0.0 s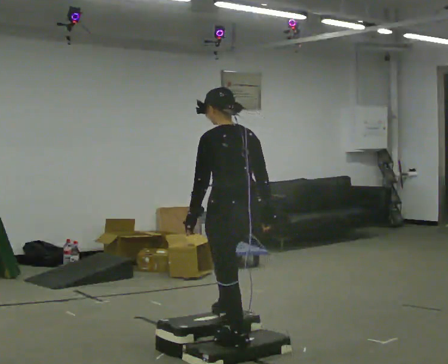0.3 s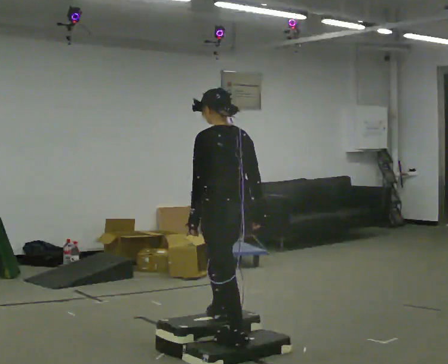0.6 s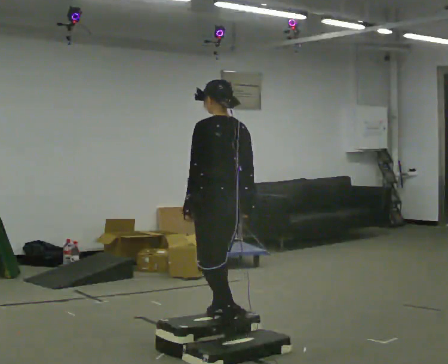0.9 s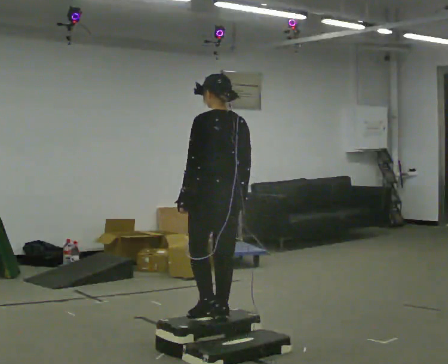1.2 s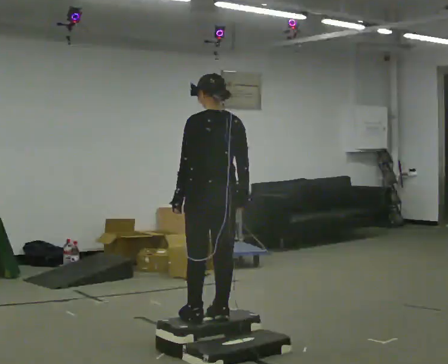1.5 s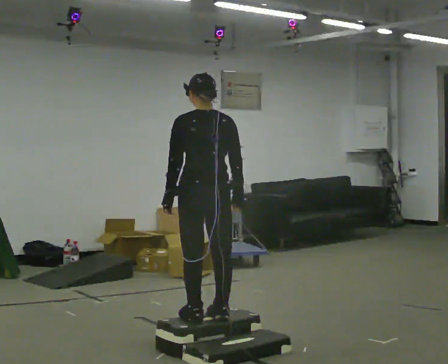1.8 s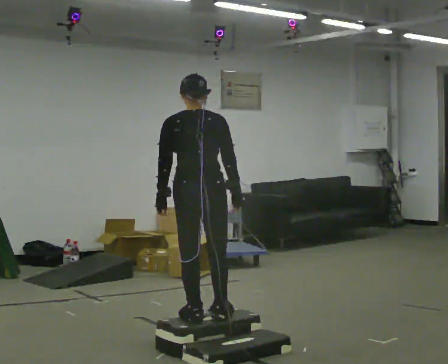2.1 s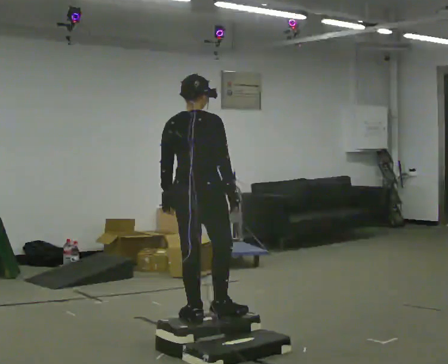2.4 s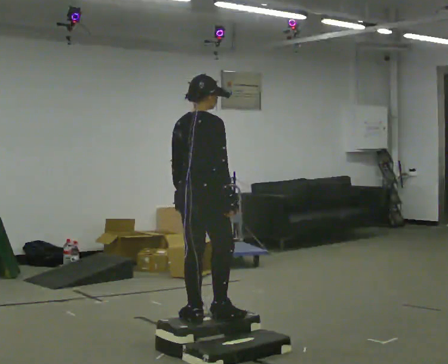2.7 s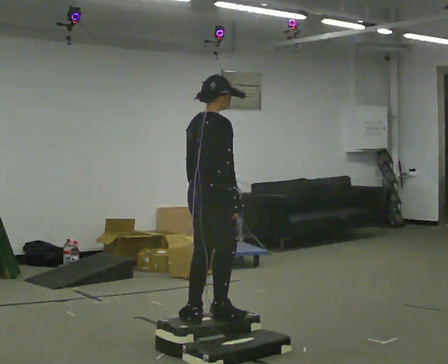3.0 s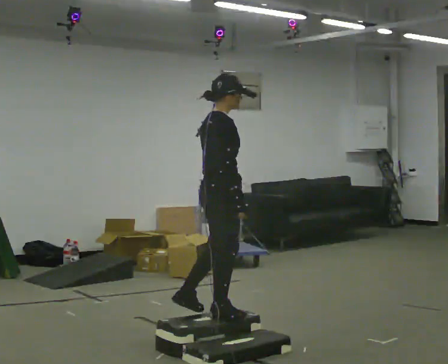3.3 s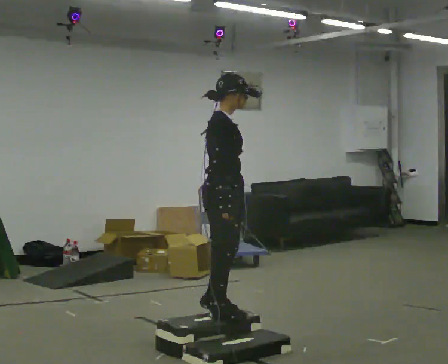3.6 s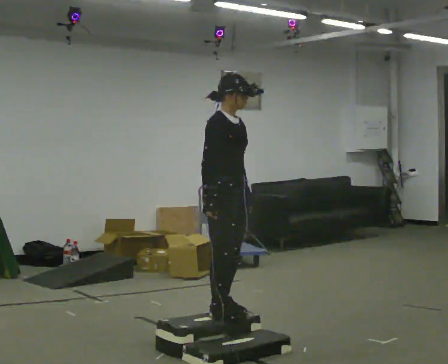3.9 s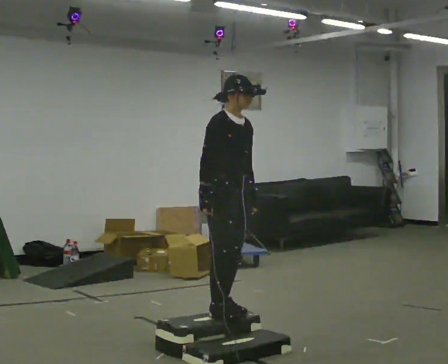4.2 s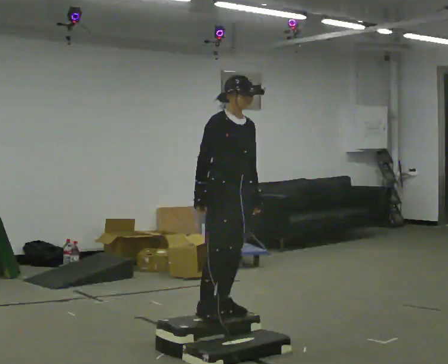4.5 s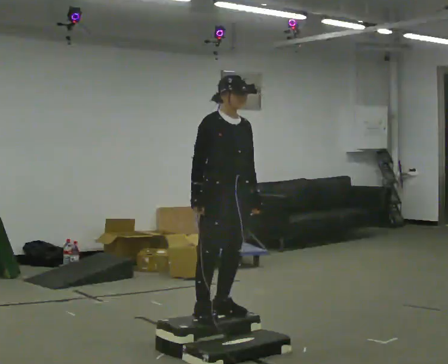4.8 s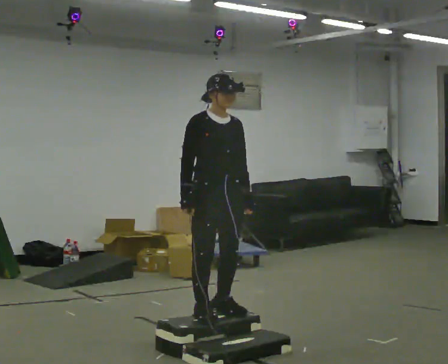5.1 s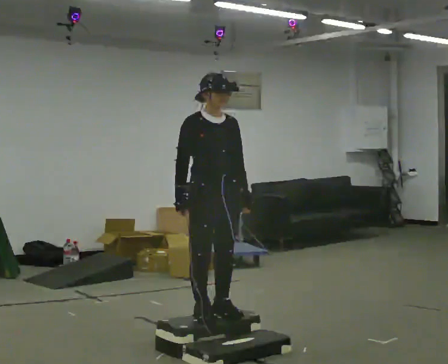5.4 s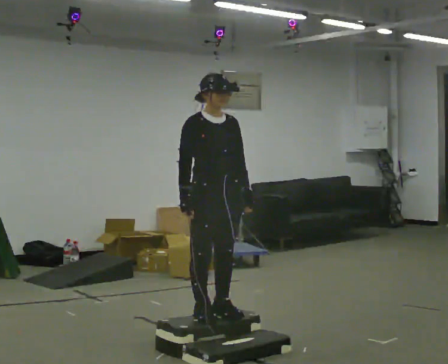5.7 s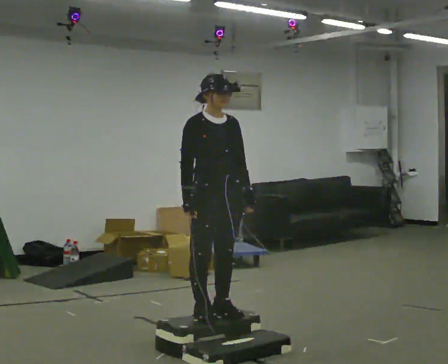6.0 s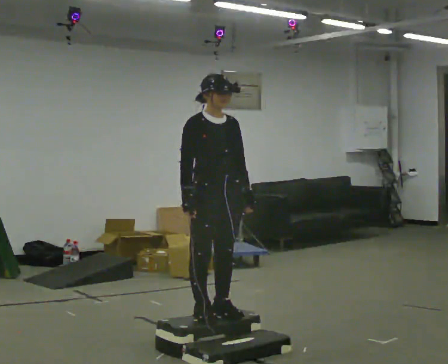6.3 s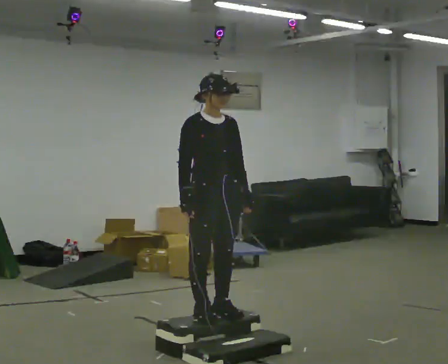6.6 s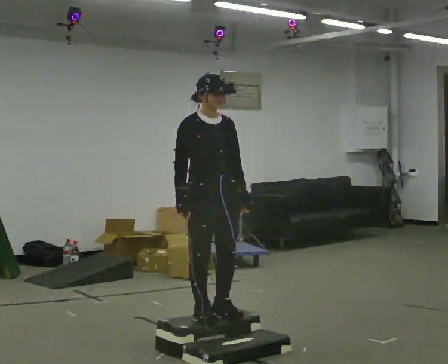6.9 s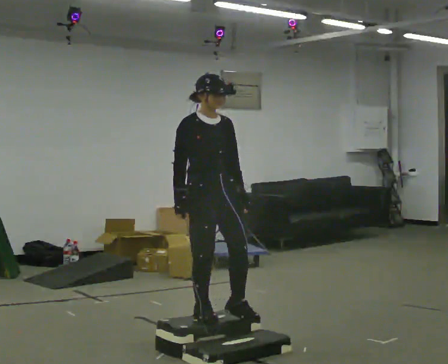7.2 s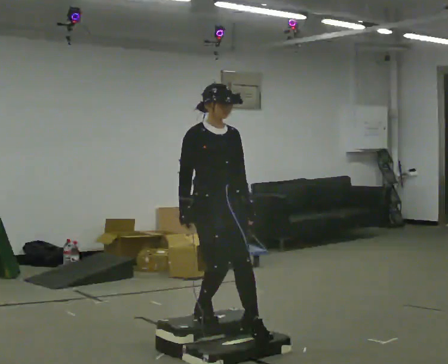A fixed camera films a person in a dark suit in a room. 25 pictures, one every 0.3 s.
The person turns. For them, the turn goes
to their right.
The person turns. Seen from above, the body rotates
clockwise.
0.0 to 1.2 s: In the picture they go away from the camera, about 0.25 m in 2 steps, which for them is forward.
1.2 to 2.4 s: Seen from above the body turns clockwise, about 75 degrees: to their right, with its near side sliding to the left.
2.4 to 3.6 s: The person turns about 75 degrees to their right, clockwise seen from above, so the part of the body nearest the lens slides to the left.
3.6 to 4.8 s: The part of the body nearest the lens slides to the left as the person turns to their right by about 30 degrees.
4.8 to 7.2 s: The person moves a little, or ends about where they began.
The film runs forward here.
